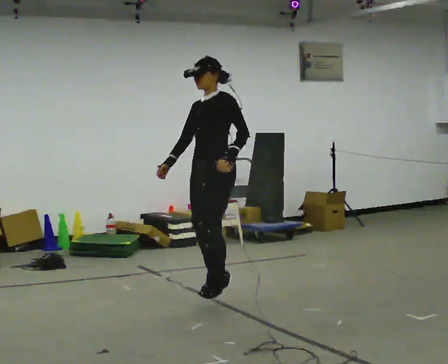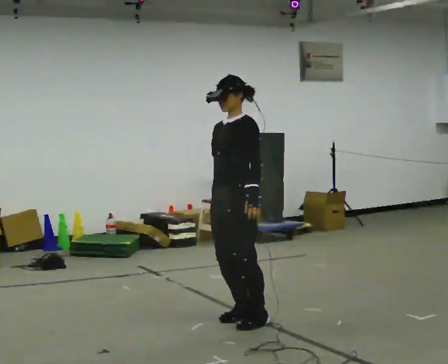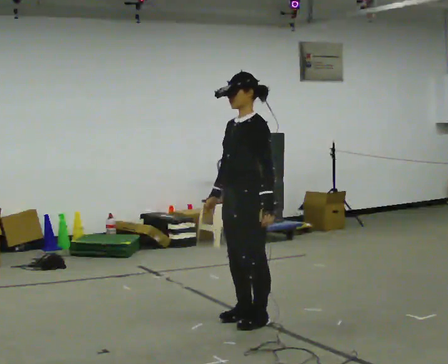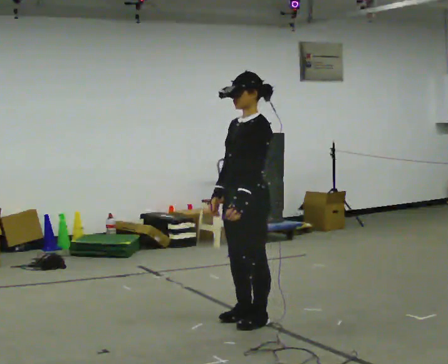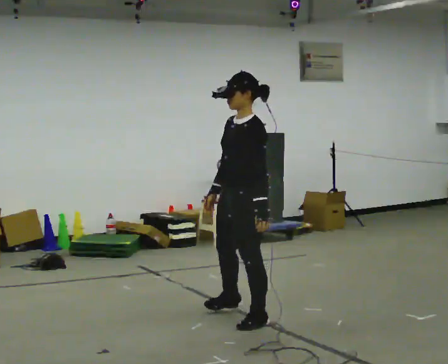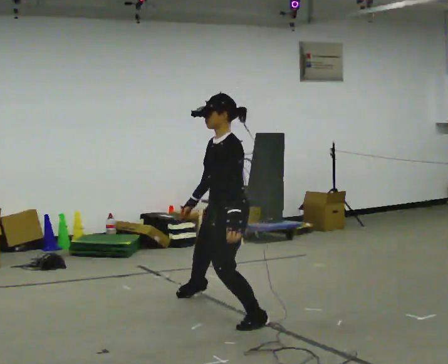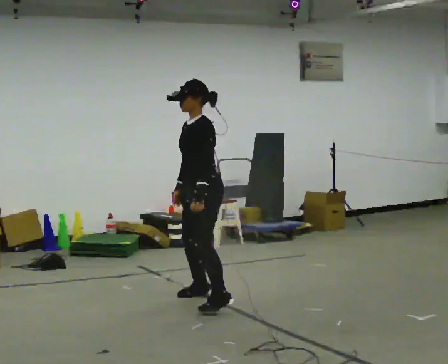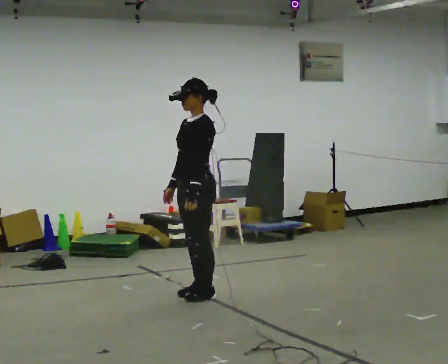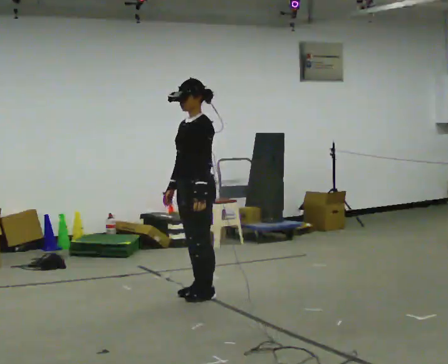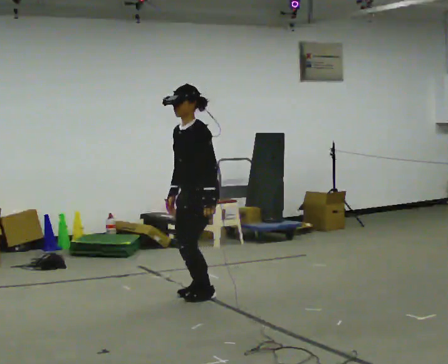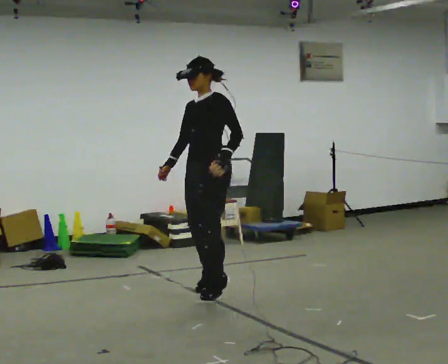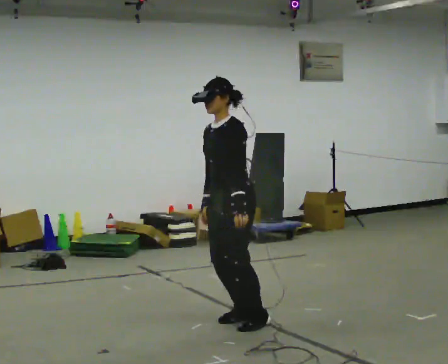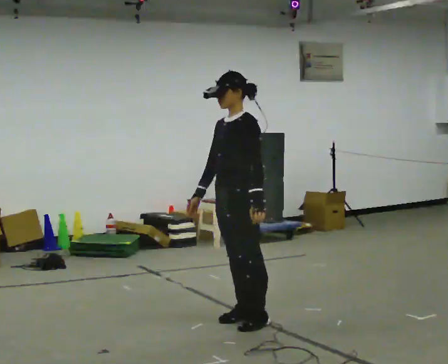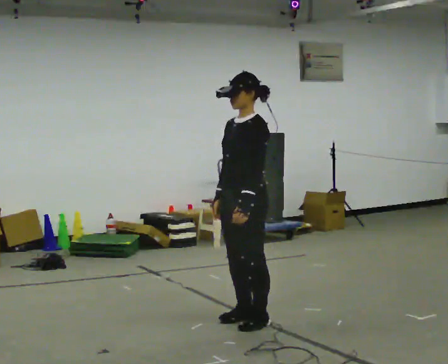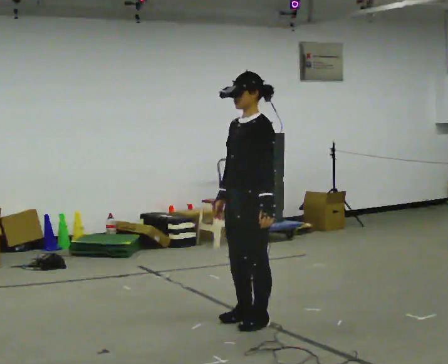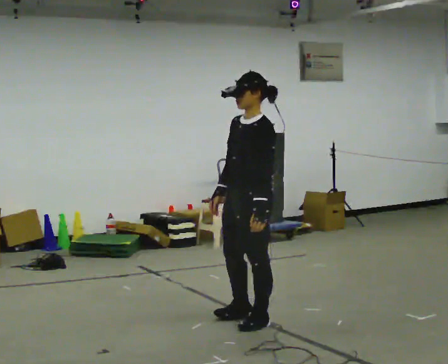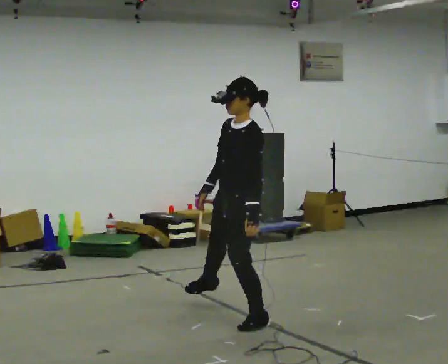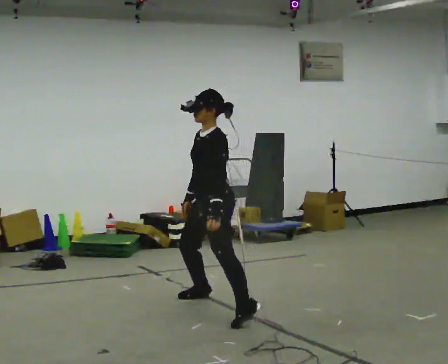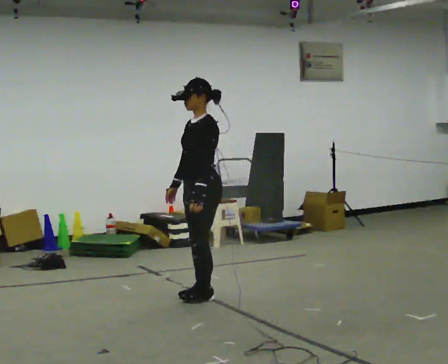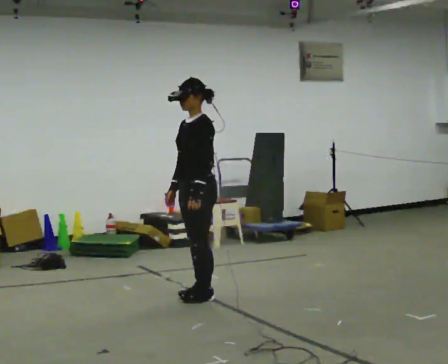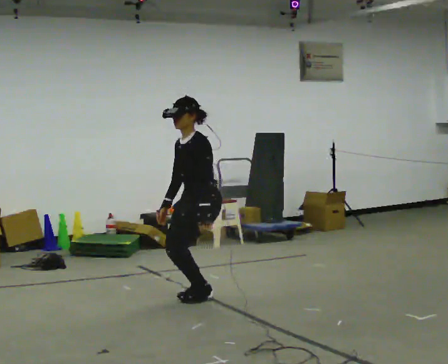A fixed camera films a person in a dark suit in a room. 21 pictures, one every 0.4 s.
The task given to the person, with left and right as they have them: Push off sideways from one foot, land on the other, and bound back the other way. Repeat the movement at your own pace until the operator says stop; do not rush.
0.0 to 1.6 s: In the picture they go toward the camera and to the right, about 0.25 m in 2 steps, which for them is to their left. The upper body tips toward the camera, its near side rolling downward.
1.6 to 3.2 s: In the picture they go away from the camera and to the left, about 0.5 m in 2 steps, which for them is to their right.
3.2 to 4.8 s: In the picture they go toward the camera and to the right, about 1 m in 2 steps, which for them is to their left.
4.8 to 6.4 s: The upper body tips toward the camera, its near side rolling downward.
6.4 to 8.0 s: In the picture they go away from the camera and to the left, about 0.5 m in 2 steps, which for them is to their right.
The film runs forward here.
